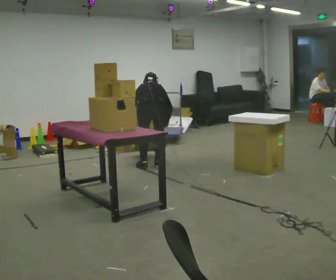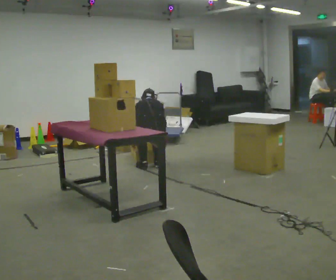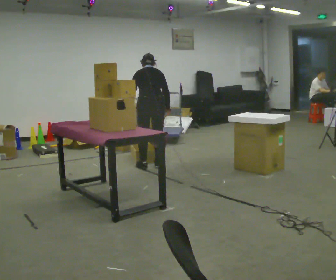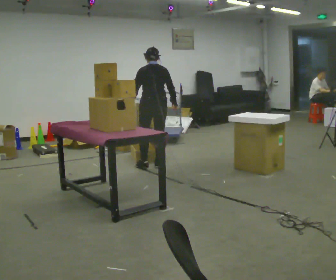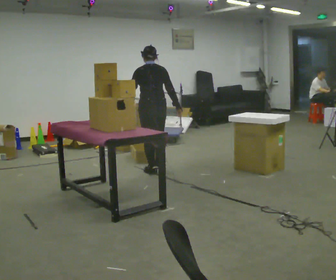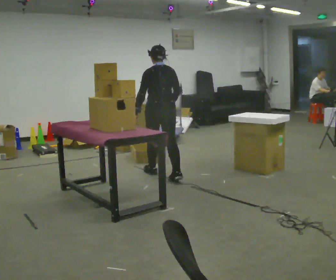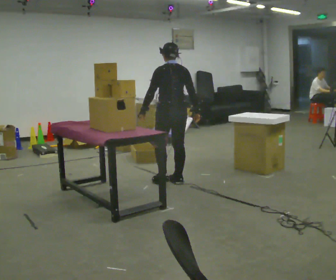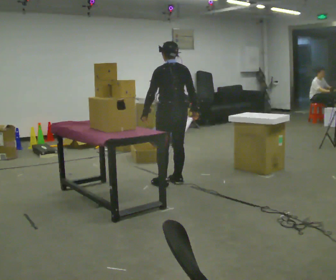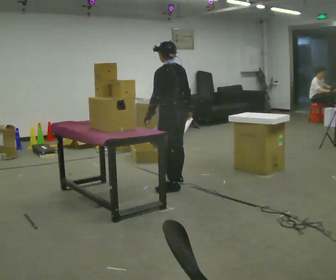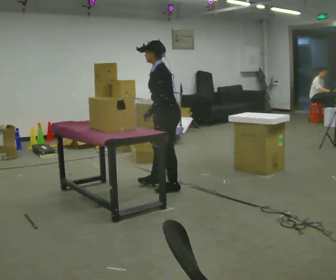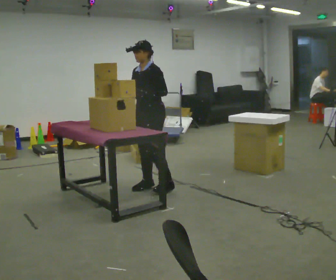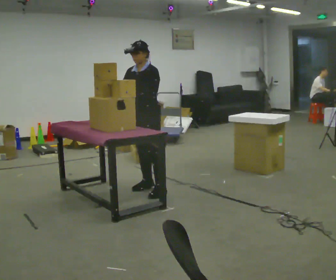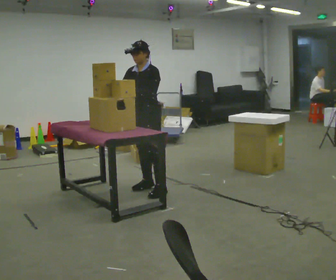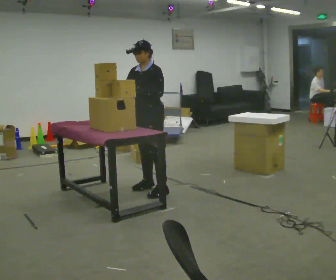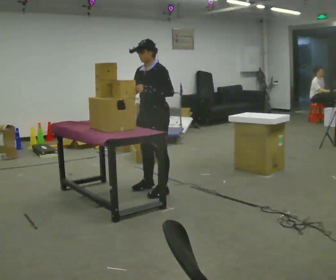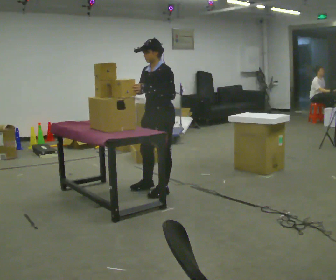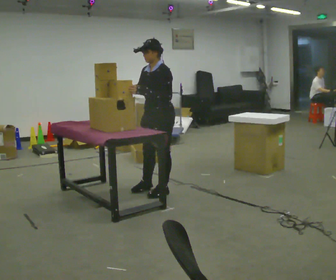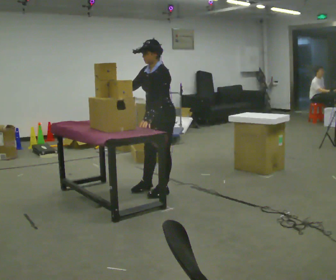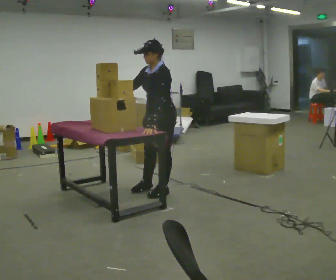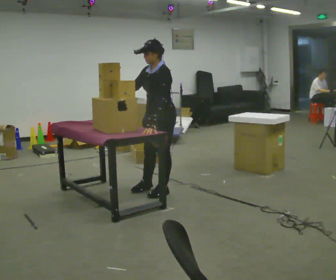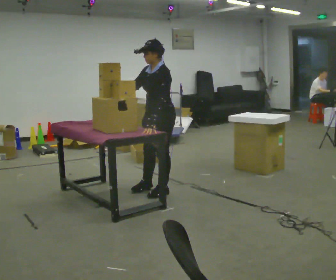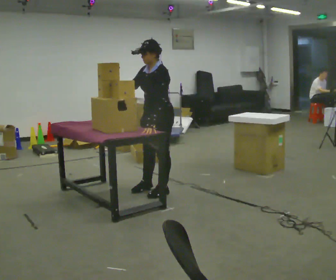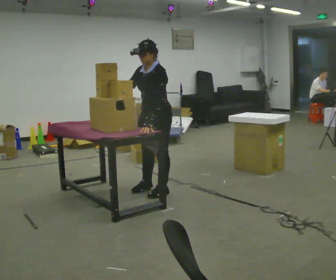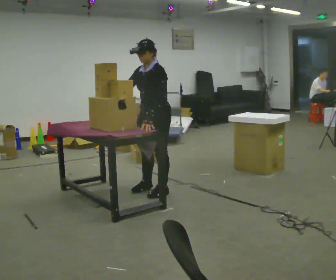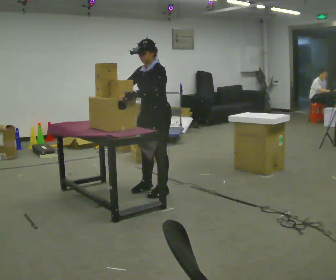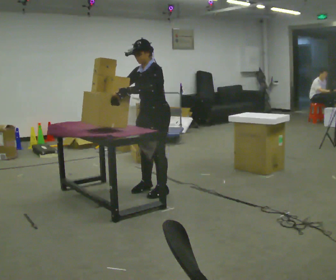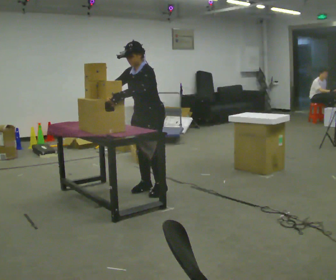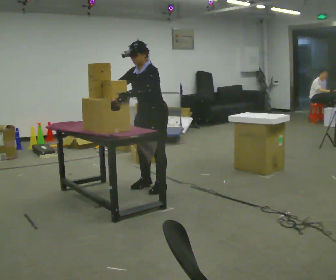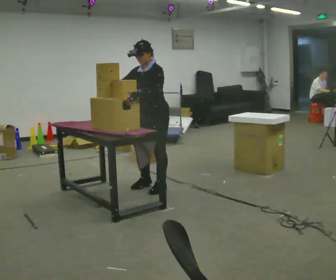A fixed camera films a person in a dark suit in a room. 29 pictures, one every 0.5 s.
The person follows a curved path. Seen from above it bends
clockwise.
0.0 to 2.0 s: The upper body tips toward the camera, its near side rolling downward, as they lean back or straighten.
2.0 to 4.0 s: The part of the body nearest the lens slides to the right as the person turns to their left by about 30 degrees. In the picture they go toward the camera, about 0.75 m in 2 steps, which for them is backward.
4.0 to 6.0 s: Seen from above the body turns counterclockwise, about 90 degrees: to their left, with its near side sliding to the right. In the picture they go to the left, about 0.25 m in 2 steps.
6.0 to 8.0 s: In the picture they go toward the camera, about 0.25 m, which for them is to their left.
8.0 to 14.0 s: The person moves a little, or ends about where they began.
The film runs backward here.
